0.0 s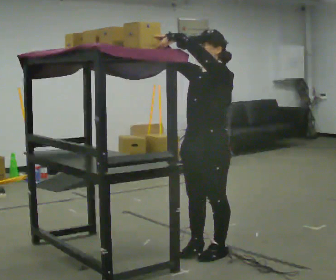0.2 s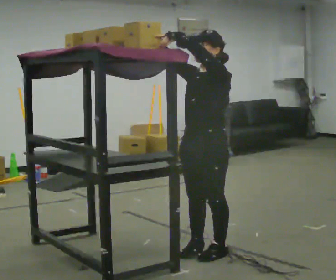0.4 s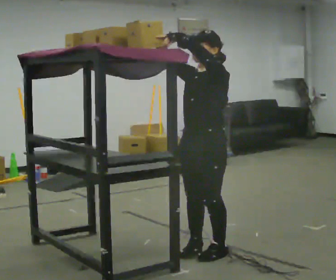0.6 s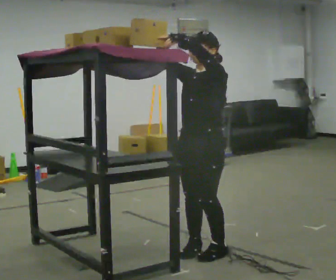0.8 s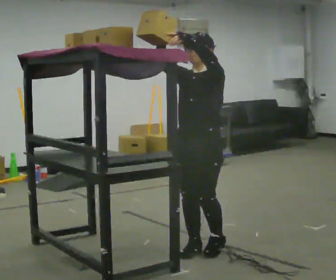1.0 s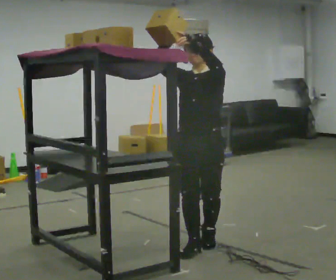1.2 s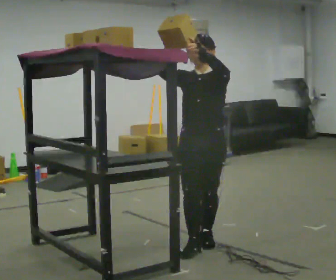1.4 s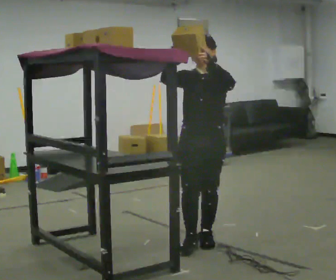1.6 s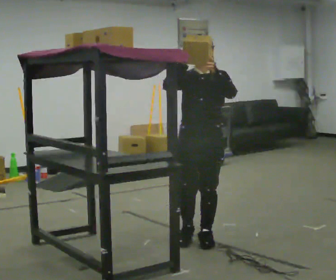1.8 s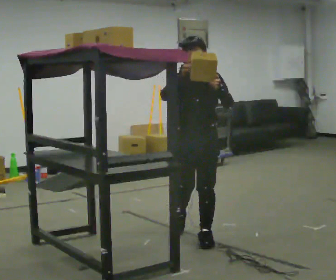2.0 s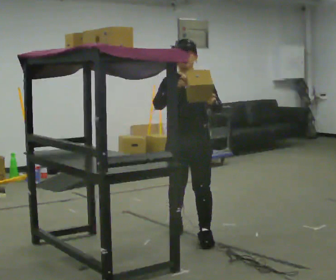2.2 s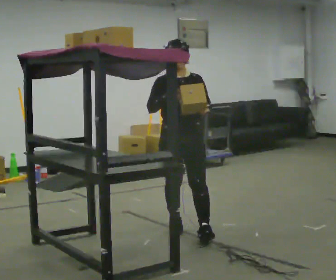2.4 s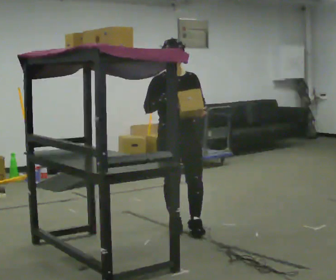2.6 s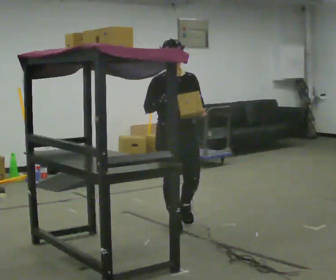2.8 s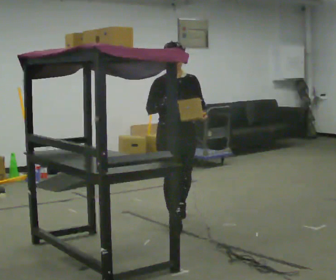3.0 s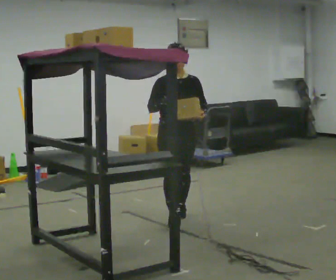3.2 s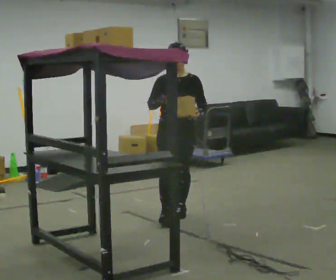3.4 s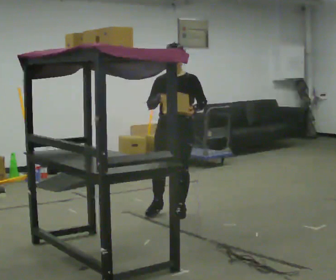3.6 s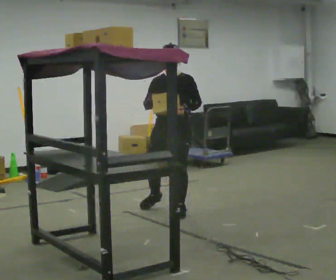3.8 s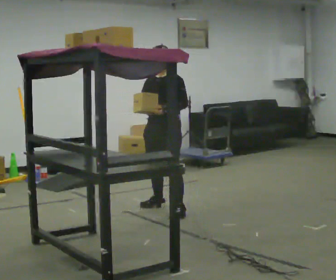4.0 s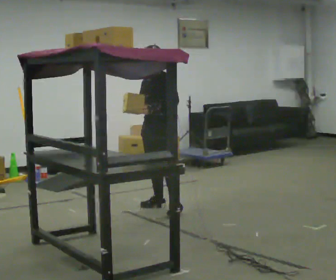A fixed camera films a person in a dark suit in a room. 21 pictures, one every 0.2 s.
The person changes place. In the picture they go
away from the camera.
Their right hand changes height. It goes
downward.
0.0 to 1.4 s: Seen from above the body turns counterclockwise, about 45 degrees: to their left, with its near side sliding to the right. In the picture they go away from the camera, about 0.25 m in 2 steps, which for them is backward and to their right.
1.4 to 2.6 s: In the picture they go away from the camera, about 0.5 m in 1 step, which for them is backward and to their right. In the picture their left hand goes downward.
2.6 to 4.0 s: Seen from above the body turns clockwise, about 60 degrees: to their right, with its near side sliding to the left. In the picture they go away from the camera, about 0.75 m in 2 steps.
The film runs backward here.
